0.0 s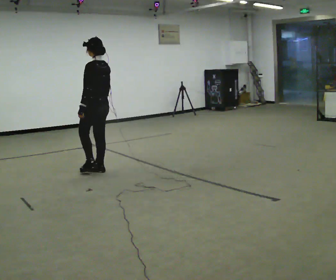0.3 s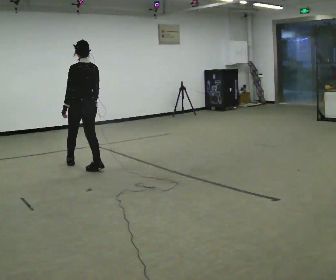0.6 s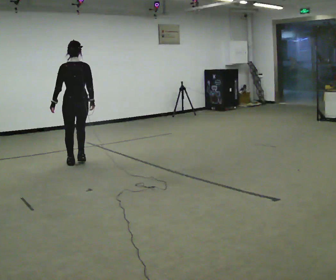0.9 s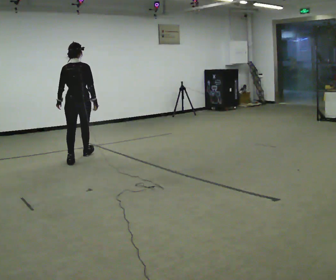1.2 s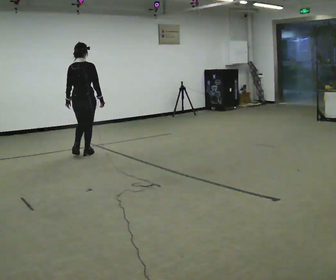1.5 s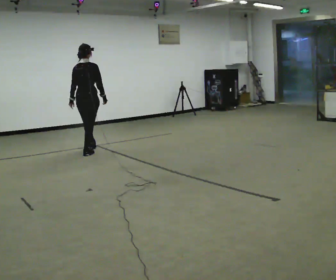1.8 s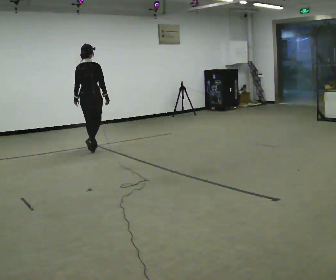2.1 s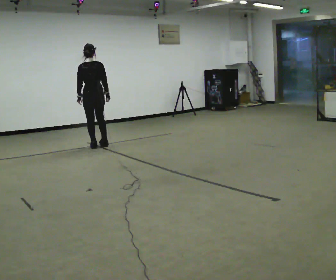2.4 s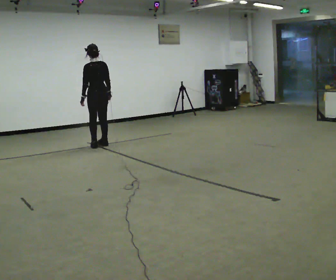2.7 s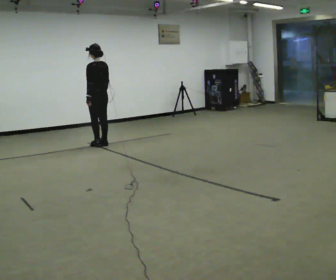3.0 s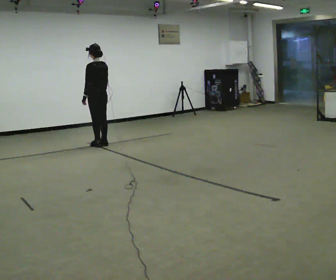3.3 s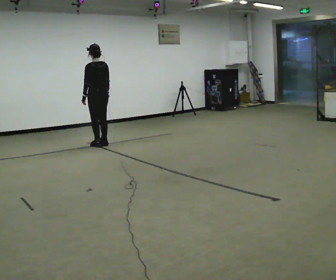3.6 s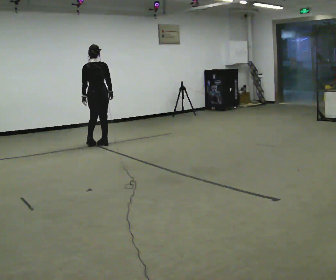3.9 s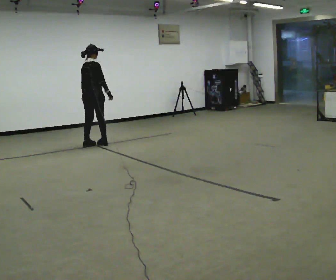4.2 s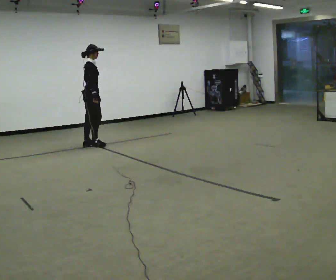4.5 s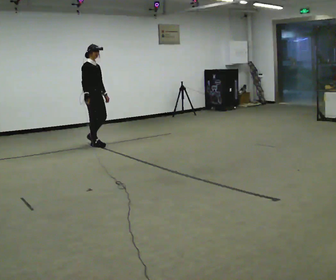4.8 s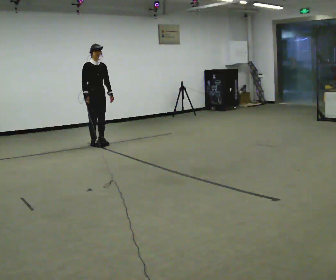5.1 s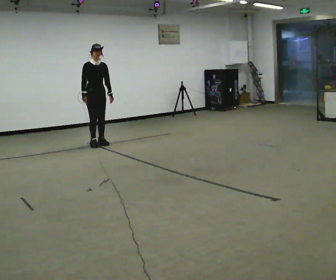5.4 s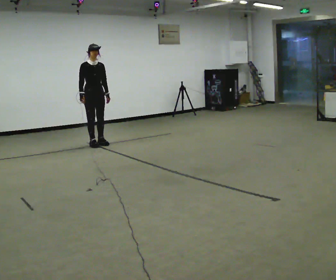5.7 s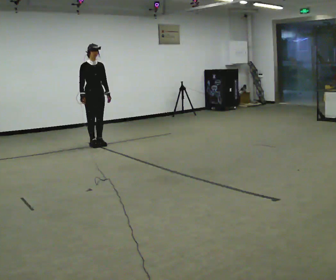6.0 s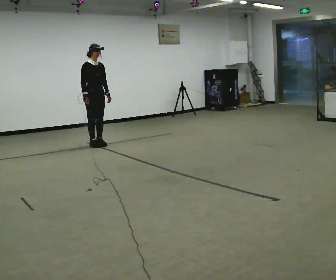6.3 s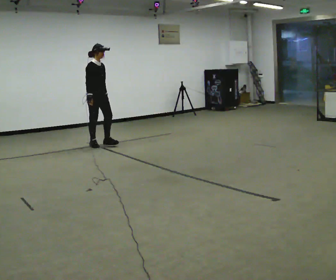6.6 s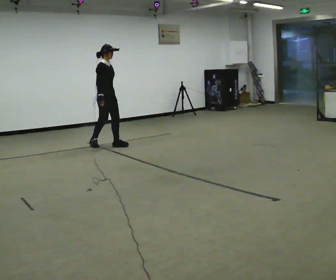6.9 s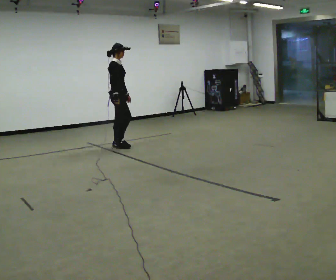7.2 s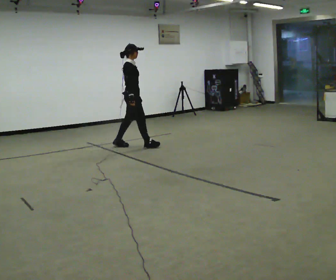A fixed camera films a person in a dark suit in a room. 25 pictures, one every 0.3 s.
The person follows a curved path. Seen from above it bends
clockwise.
0.0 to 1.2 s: The person turns about 75 degrees to their right, clockwise seen from above, so the part of the body nearest the lens slides to the left. In the picture they go away from the camera, about 1 m in 2 steps.
1.2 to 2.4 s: The part of the body nearest the lens slides to the right as the person turns to their left by about 45 degrees. In the picture they go away from the camera, about 0.75 m in 2 steps, which for them is forward.
2.4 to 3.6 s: The person turns about 30 degrees to their right, clockwise seen from above, so the part of the body nearest the lens slides to the left.
3.6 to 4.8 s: The person turns about 150 degrees to their right, clockwise seen from above, so the part of the body nearest the lens slides to the left. In the picture their right hand goes to the left, the arm swinging clockwise.
4.8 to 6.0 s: The person moves a little, or ends about where they began.
6.0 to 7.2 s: Seen from above the body turns counterclockwise, about 45 degrees: to their left, with its near side sliding to the right. In the picture they go to the right and toward the camera, about 0.75 m in 2 steps, which for them is forward.
The film runs forward here.
